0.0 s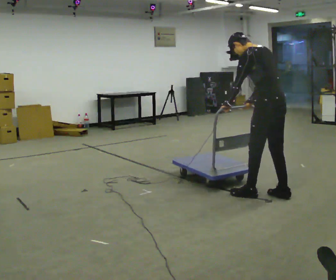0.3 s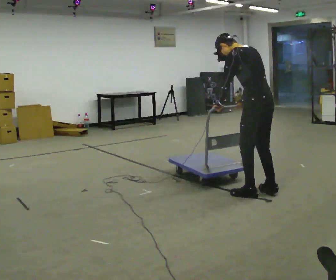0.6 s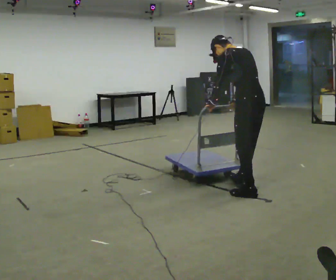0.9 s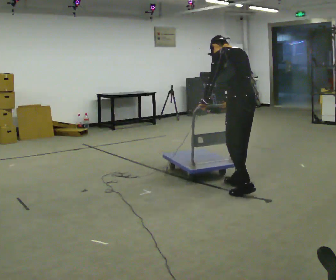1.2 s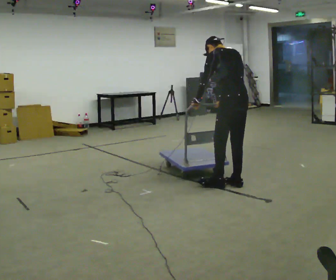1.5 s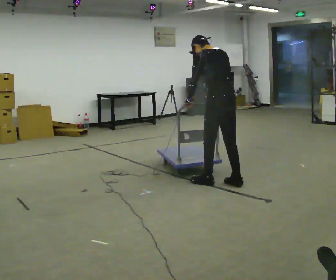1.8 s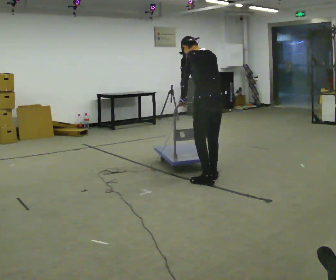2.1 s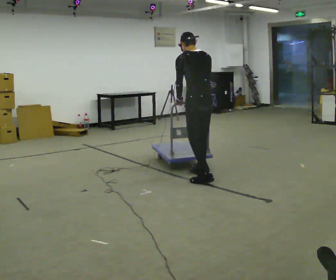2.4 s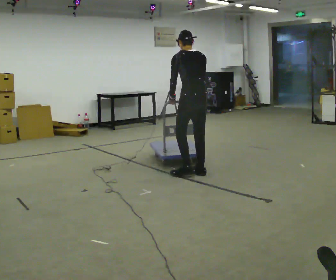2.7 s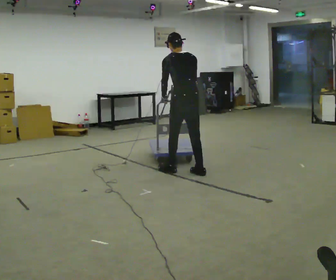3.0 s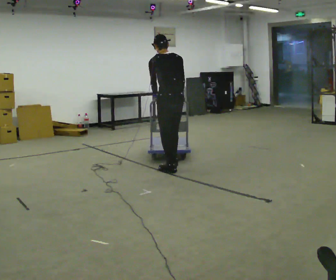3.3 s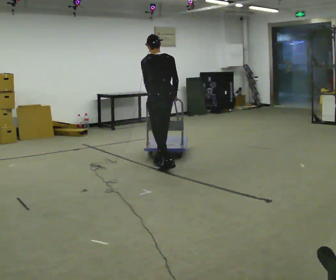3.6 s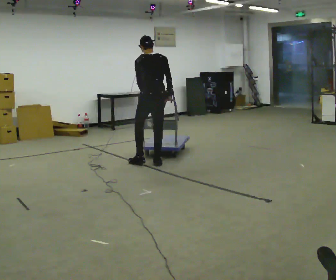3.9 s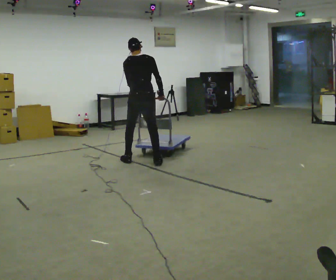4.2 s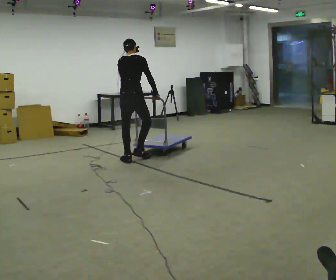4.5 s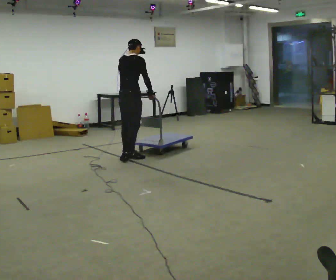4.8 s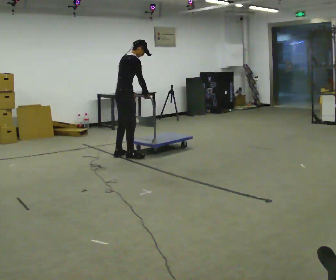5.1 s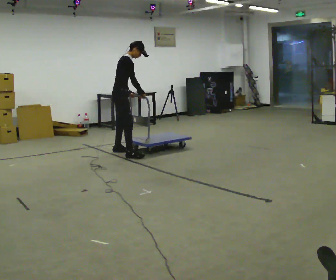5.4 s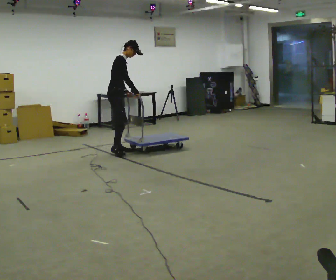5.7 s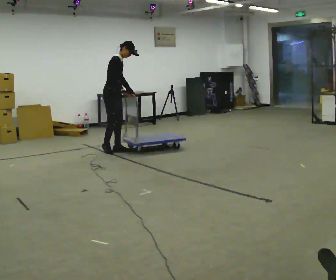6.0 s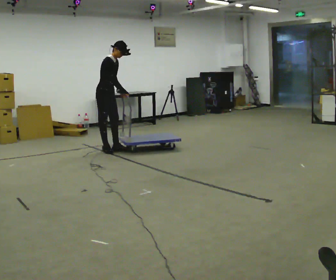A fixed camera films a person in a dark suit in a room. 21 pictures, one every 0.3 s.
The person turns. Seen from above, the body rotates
clockwise.
The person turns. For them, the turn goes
to their right.
0.0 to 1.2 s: In the picture they go away from the camera and to the left, about 0.5 m in 2 steps, which for them is forward.
1.2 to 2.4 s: In the picture they go away from the camera and to the left, about 0.75 m in 2 steps, which for them is forward.
2.4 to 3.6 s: In the picture they go away from the camera and to the left, about 0.5 m in 2 steps, which for them is forward and to their left.
3.6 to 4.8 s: The part of the body nearest the lens slides to the left as the person turns to their right by about 75 degrees. In the picture they go to the left and away from the camera, about 0.75 m in 2 steps. In the picture the upper body tilts clockwise, shoulders to the right.
4.8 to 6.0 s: The person turns about 45 degrees to their right, clockwise seen from above, so the part of the body nearest the lens slides to the left. In the picture they go away from the camera and to the left, about 0.5 m in 2 steps, which for them is to their left and backward. The upper body tips toward the camera, its near side rolling downward.
The film runs backward here.
